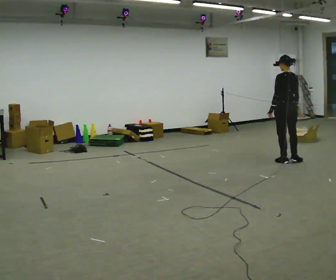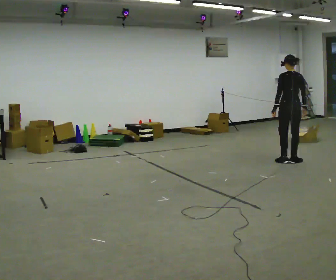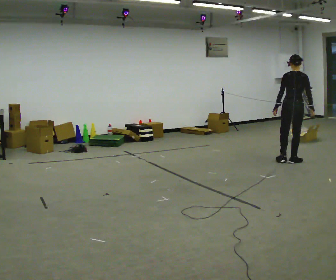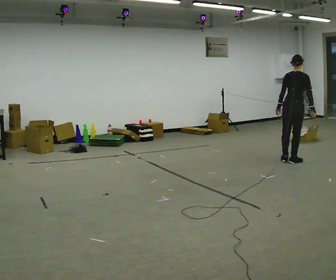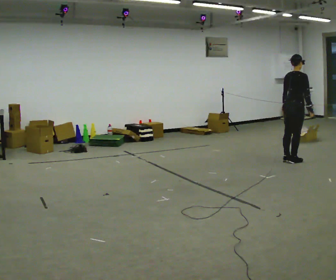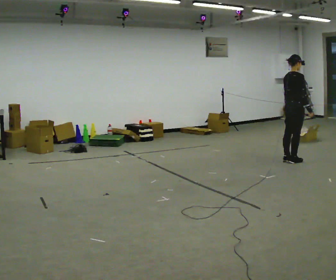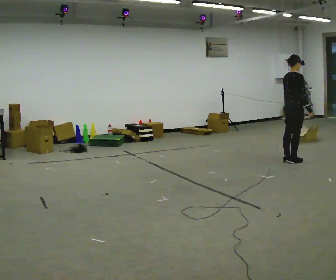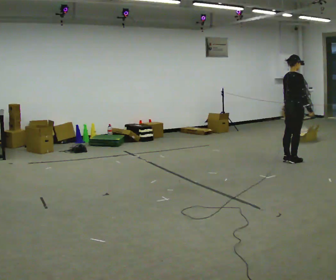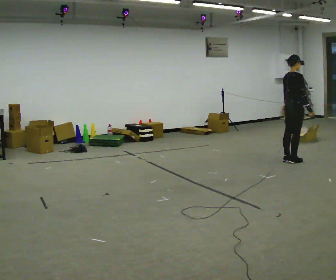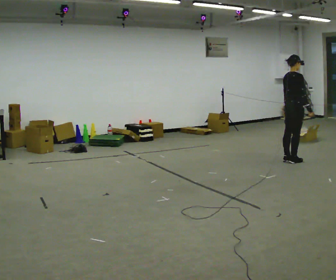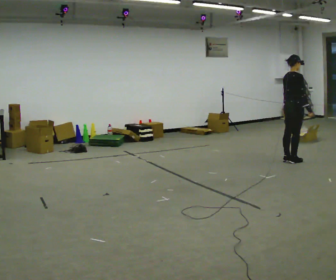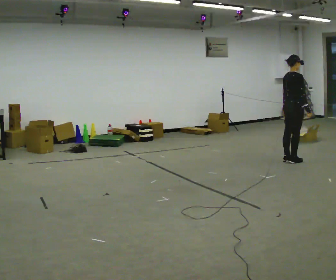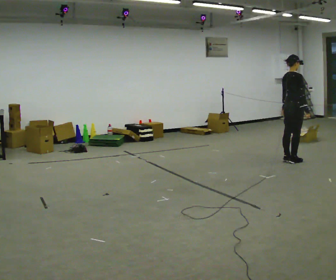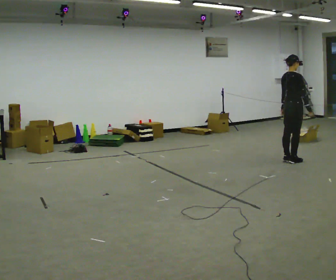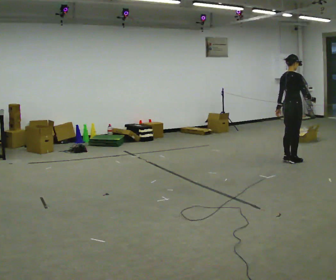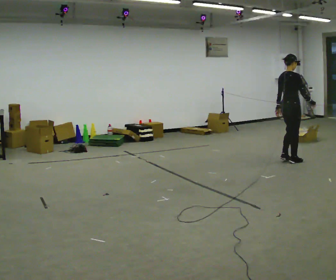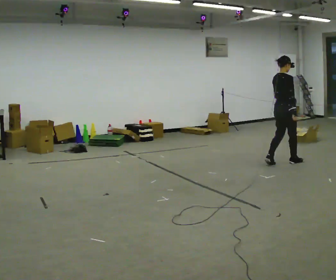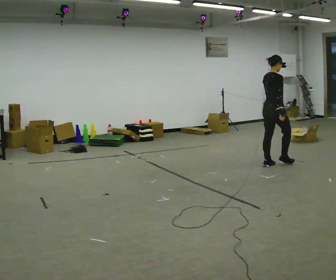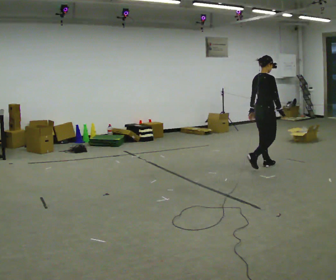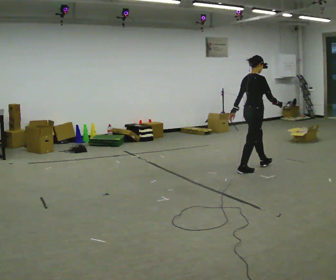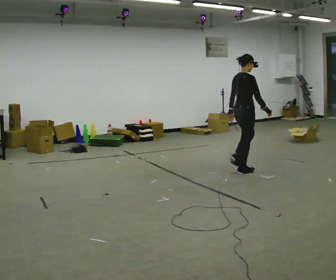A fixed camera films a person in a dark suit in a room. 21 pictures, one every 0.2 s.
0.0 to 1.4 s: The part of the body nearest the lens slides to the left as the person turns to their right by about 75 degrees.
1.4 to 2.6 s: The person moves a little, or ends about where they began.
2.6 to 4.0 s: In the picture they go toward the camera and to the left, about 1 m in 3 steps, which for them is backward.
The film runs backward here.
